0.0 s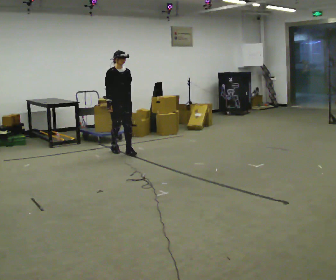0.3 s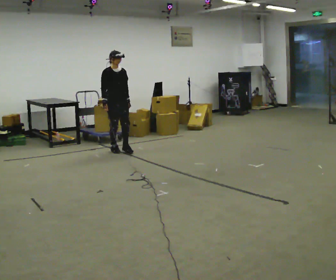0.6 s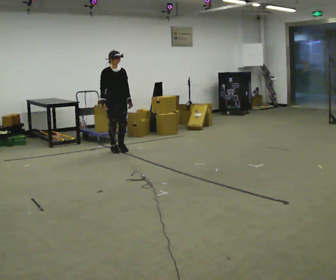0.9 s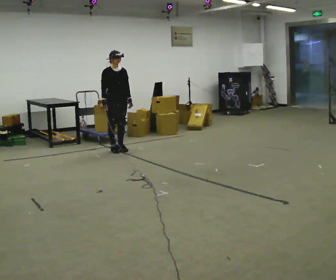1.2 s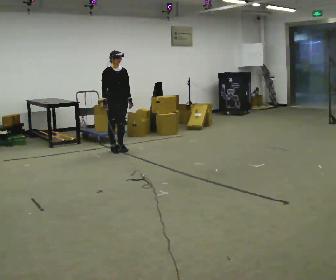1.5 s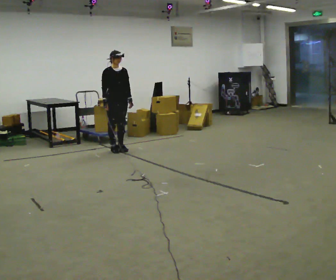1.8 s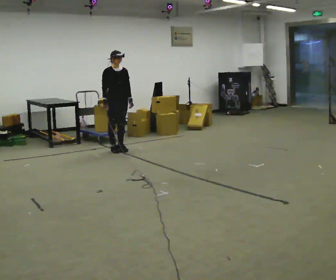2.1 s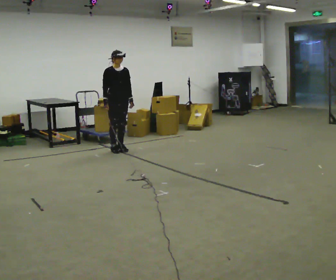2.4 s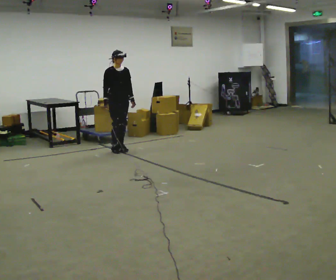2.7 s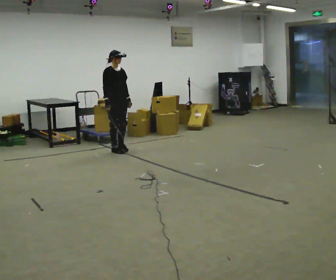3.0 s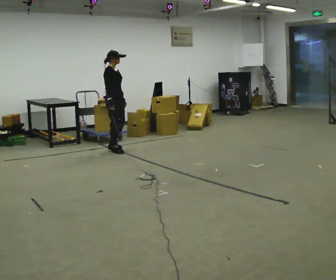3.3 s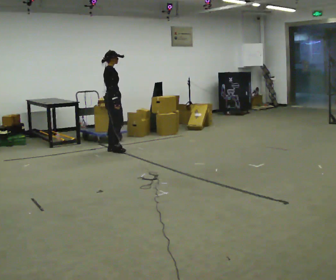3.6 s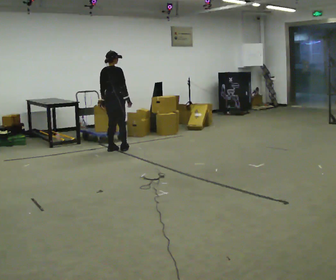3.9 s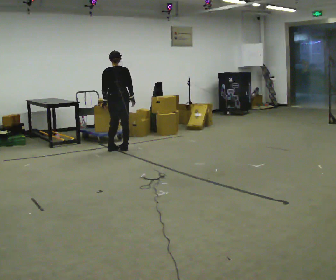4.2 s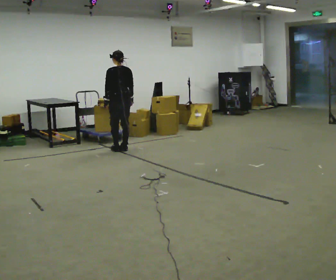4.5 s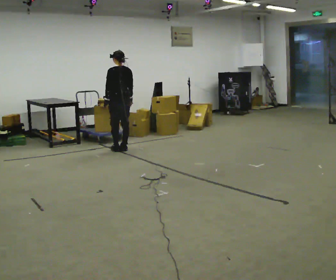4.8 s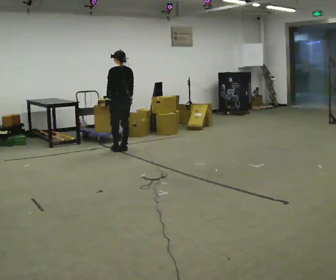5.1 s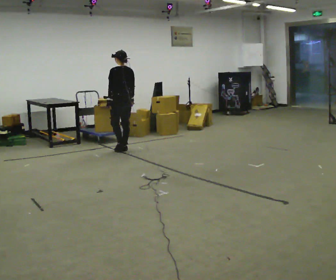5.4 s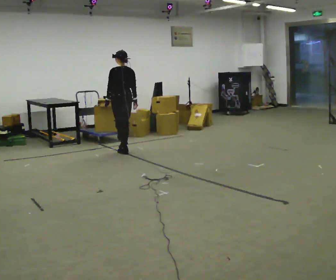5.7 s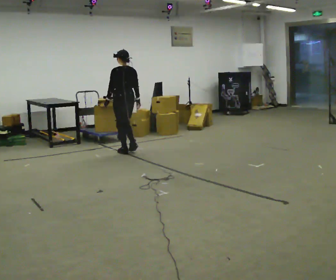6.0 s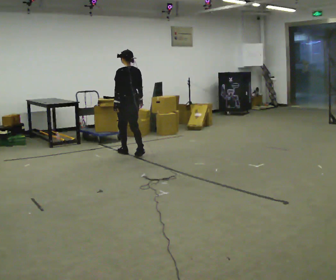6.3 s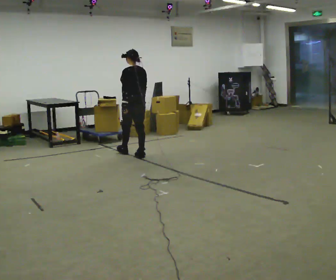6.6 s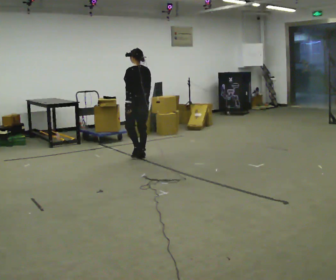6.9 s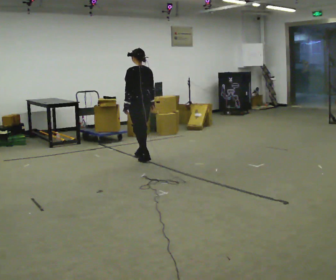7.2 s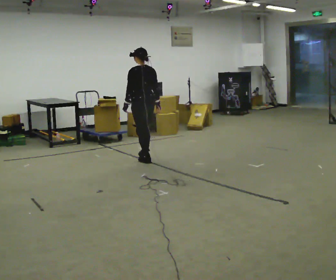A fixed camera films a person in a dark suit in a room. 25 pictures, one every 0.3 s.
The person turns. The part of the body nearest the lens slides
to the right.
The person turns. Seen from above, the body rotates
counterclockwise.
0.0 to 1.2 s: In the picture they go away from the camera, about 0.25 m in 1 step, which for them is backward.
1.2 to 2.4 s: The person keeps their place and pose.
2.4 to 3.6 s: The person turns about 105 degrees to their left, counterclockwise seen from above, so the part of the body nearest the lens slides to the right. In the picture their right hand goes to the right, the arm swinging counterclockwise.
3.6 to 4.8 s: Seen from above the body turns counterclockwise, about 75 degrees: to their left, with its near side sliding to the right. In the picture they go to the right, about 0.25 m.
4.8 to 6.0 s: In the picture they go toward the camera, about 0.25 m in 2 steps, which for them is backward.
6.0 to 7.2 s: In the picture they go toward the camera and to the right, about 0.5 m in 2 steps, which for them is backward.
The film runs backward here.
